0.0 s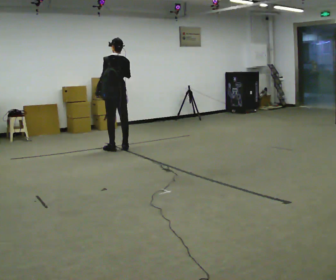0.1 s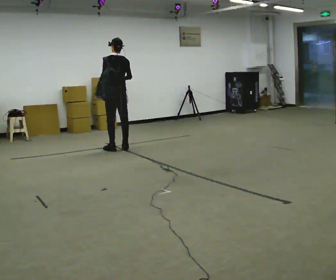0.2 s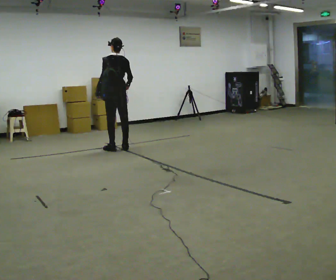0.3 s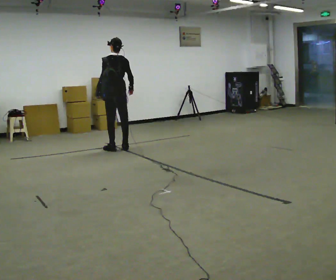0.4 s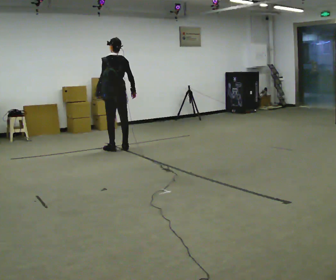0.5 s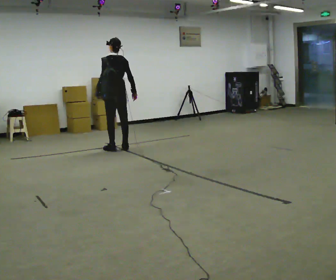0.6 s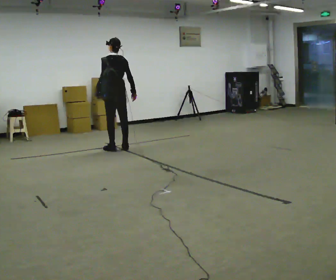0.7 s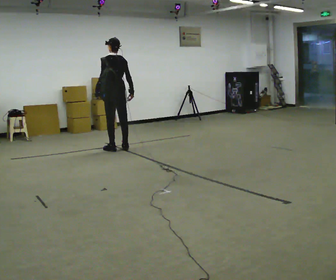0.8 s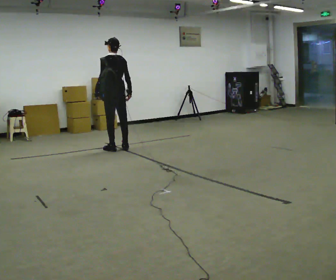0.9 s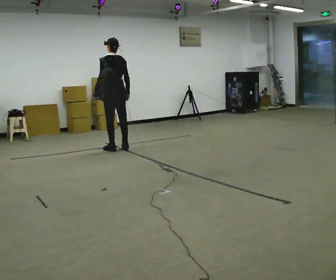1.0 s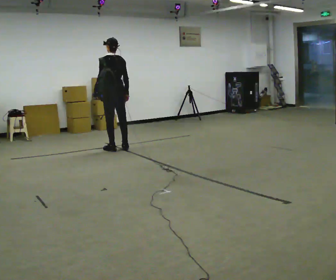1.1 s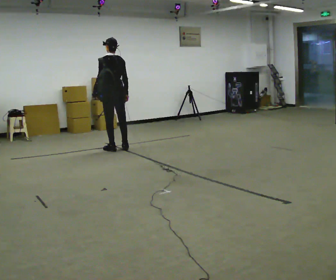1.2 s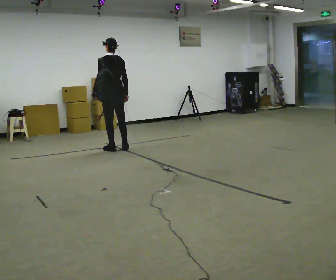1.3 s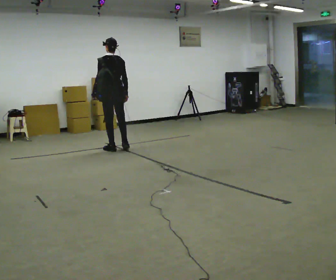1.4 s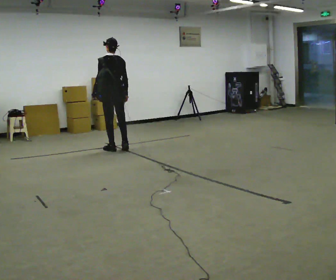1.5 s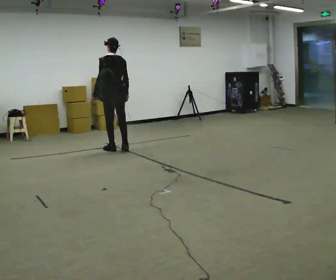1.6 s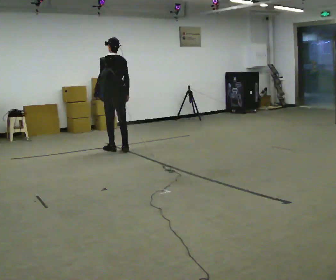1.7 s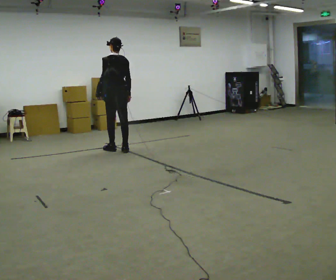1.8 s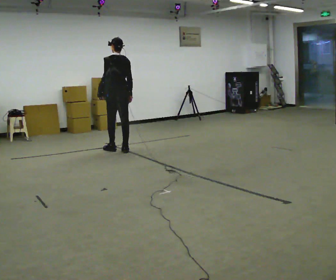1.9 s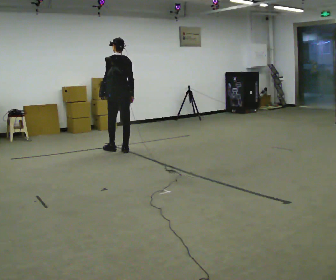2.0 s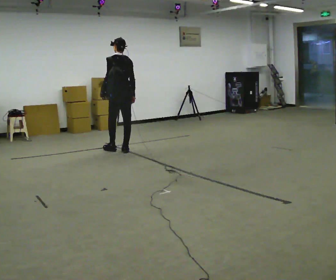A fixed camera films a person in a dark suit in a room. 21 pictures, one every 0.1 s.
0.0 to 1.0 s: In the picture their right hand goes downward.
1.0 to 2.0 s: The person moves a little, or ends about where they began.
The film runs backward here.
